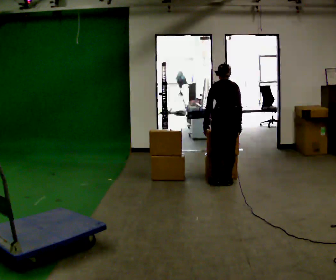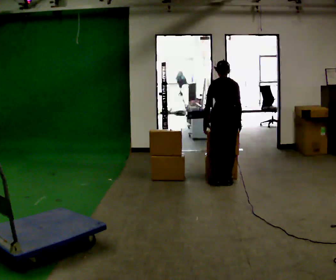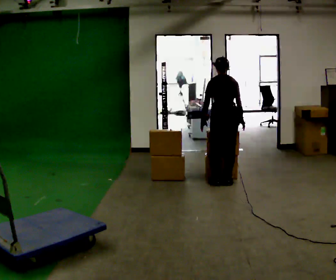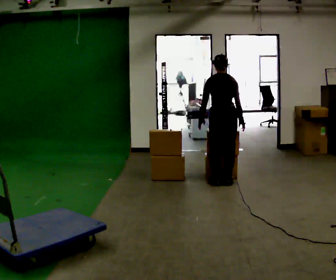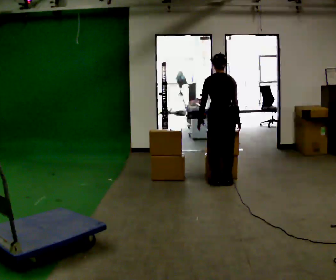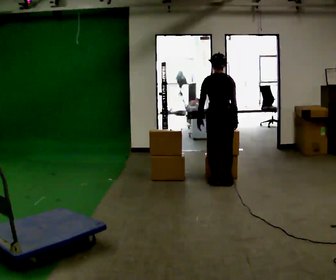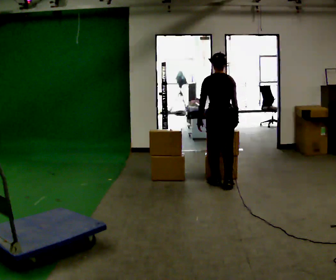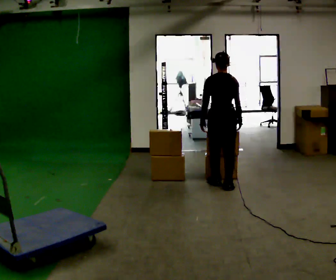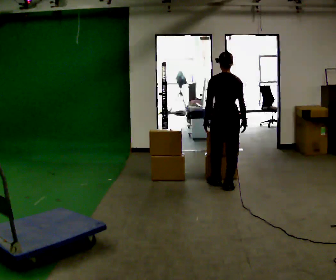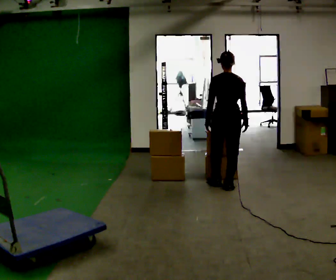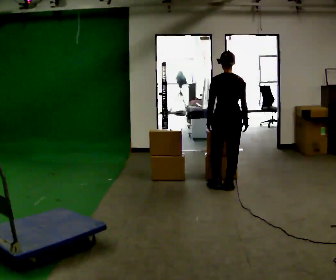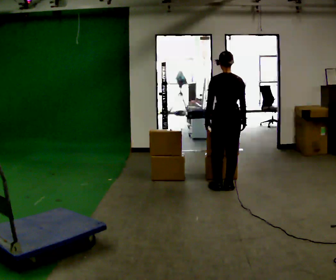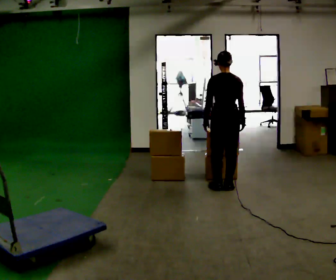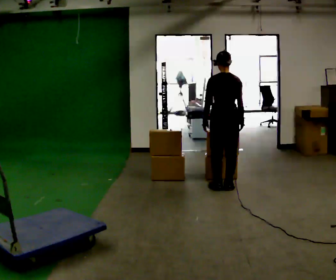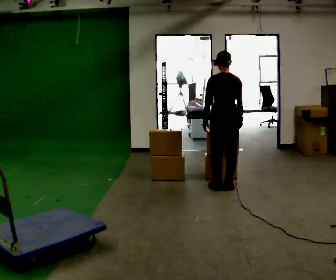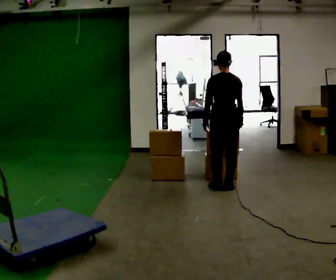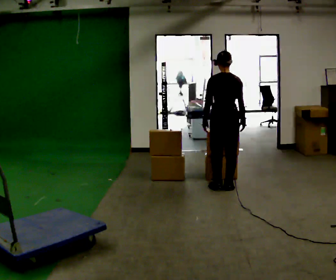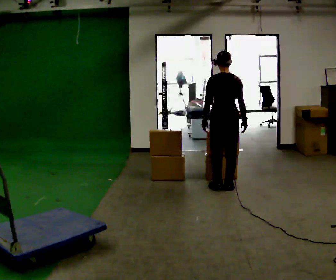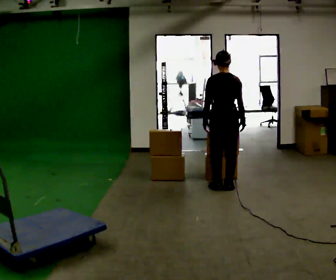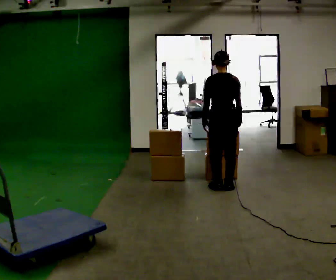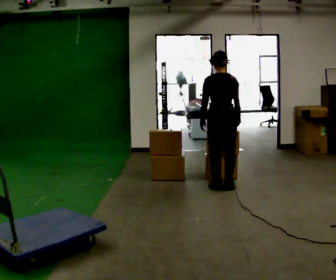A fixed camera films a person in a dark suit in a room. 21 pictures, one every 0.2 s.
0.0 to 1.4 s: The upper body tips toward the camera, its near side rolling downward, as they lean back or straighten.
1.4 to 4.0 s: The person moves a little, or ends about where they began.
The film runs backward here.
